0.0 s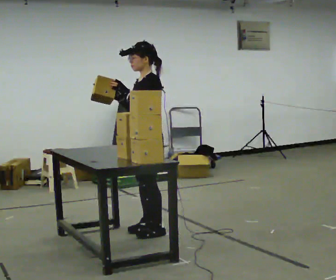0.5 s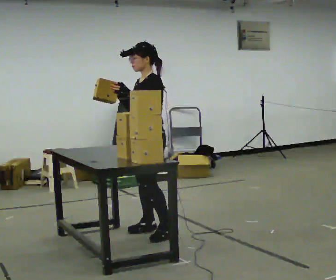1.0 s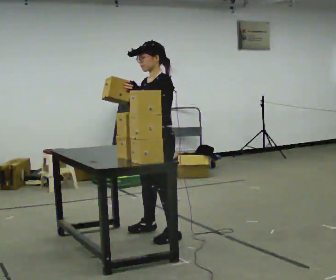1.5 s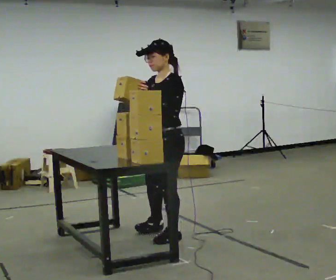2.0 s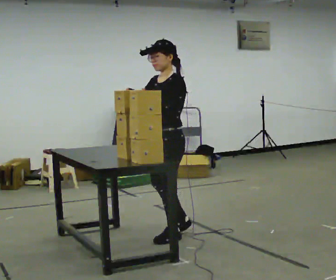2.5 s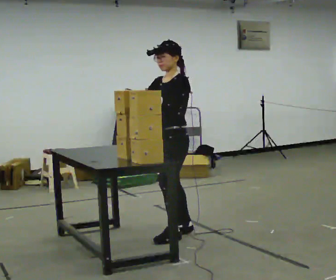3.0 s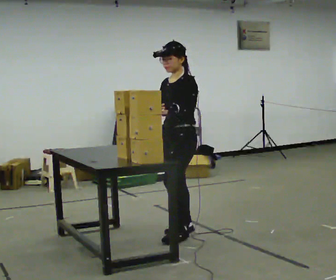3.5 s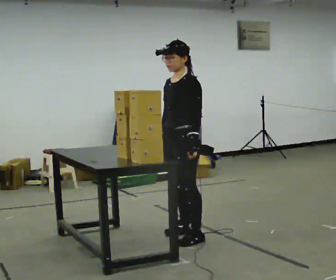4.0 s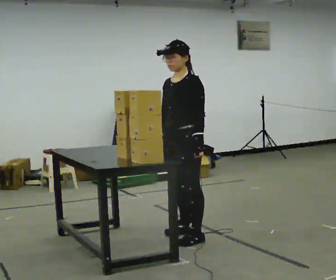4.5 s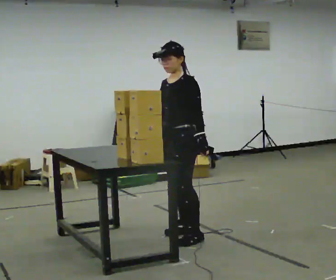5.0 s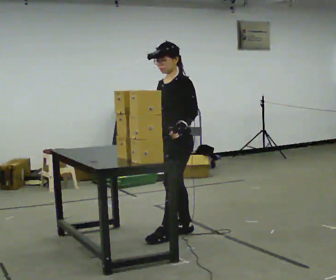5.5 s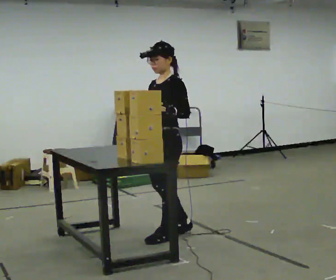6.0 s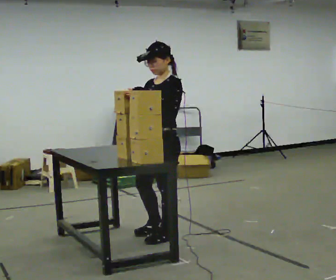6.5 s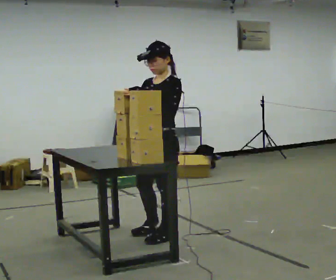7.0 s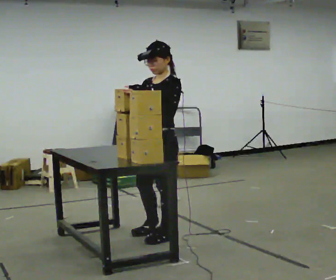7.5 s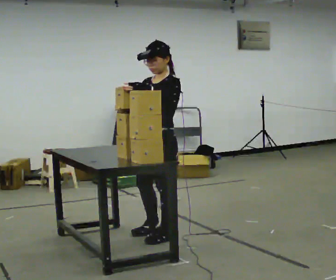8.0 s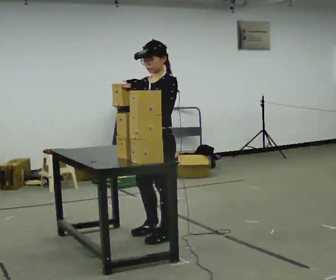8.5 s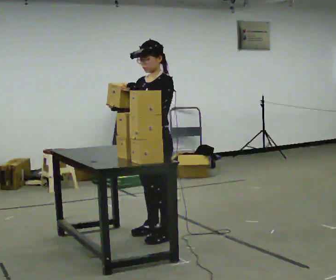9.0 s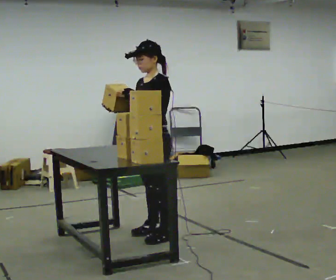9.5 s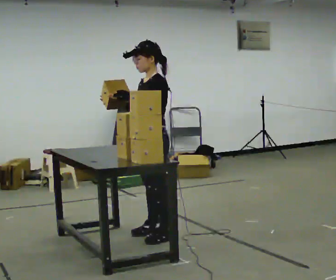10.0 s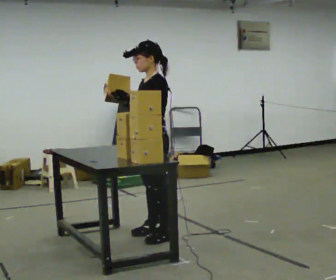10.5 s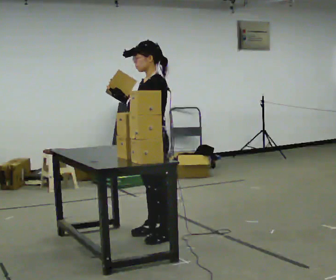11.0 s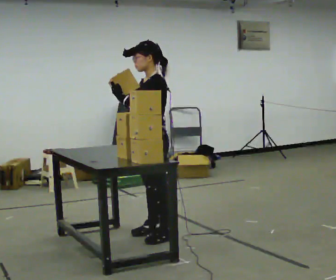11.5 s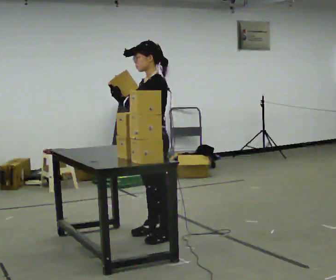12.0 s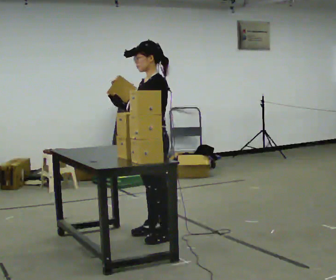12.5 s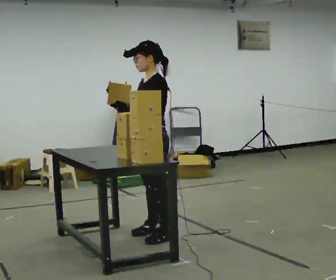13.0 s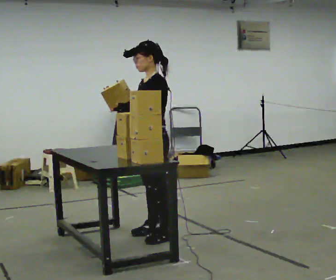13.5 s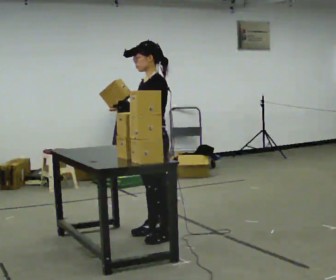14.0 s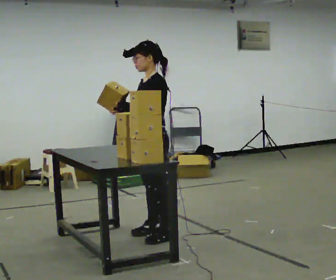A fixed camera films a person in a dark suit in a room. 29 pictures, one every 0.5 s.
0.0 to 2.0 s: In the picture they go toward the camera and to the right, about 0.25 m in 2 steps, which for them is to their left.
2.0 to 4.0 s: In the picture their right hand goes downward.
4.0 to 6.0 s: In the picture they go to the left, about 0.25 m in 2 steps, which for them is forward. In the picture their left hand goes to the left and upward.
6.0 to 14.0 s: The person moves a little, or ends about where they began.
The film runs backward here.
